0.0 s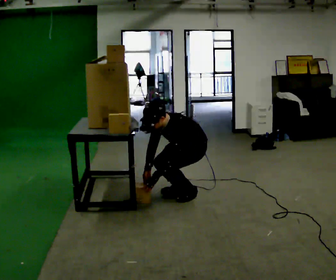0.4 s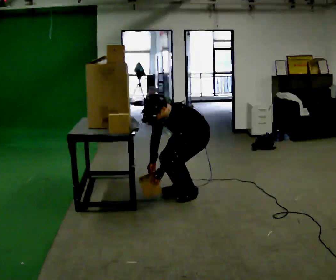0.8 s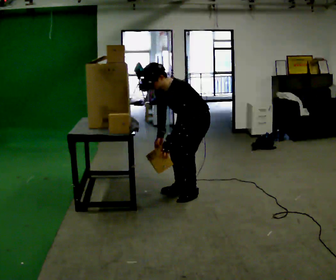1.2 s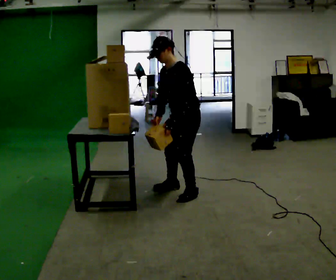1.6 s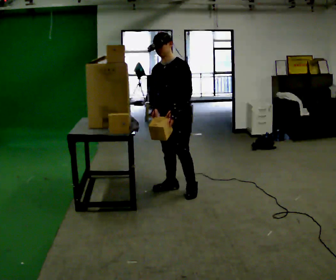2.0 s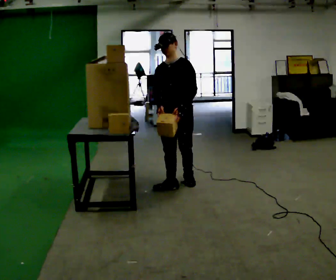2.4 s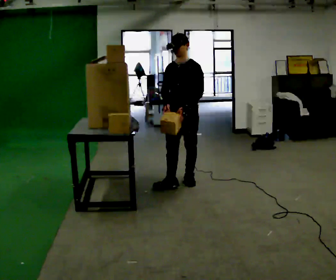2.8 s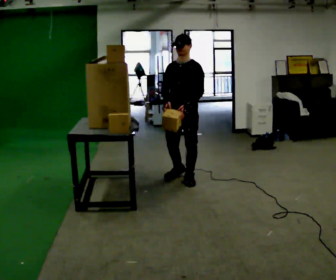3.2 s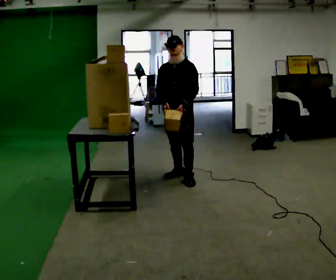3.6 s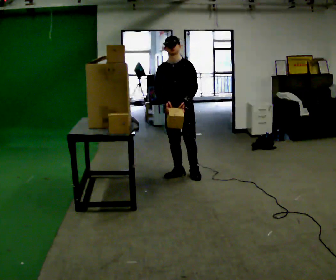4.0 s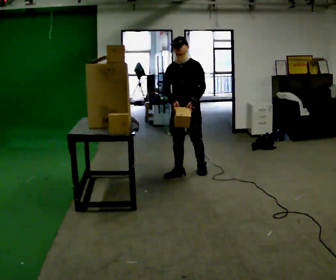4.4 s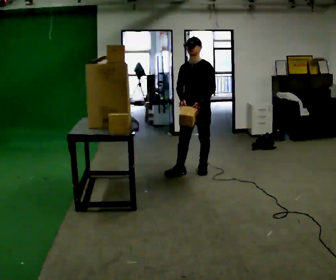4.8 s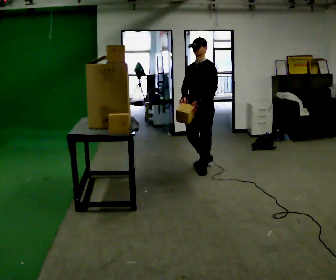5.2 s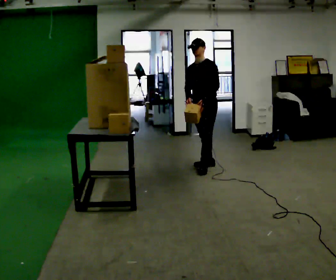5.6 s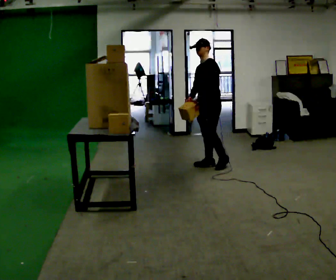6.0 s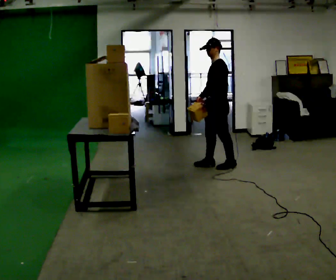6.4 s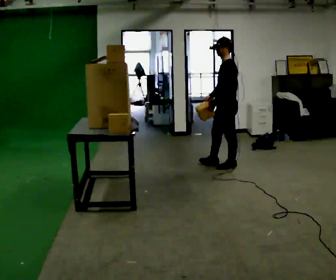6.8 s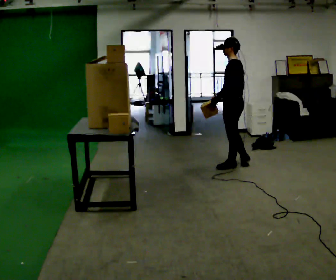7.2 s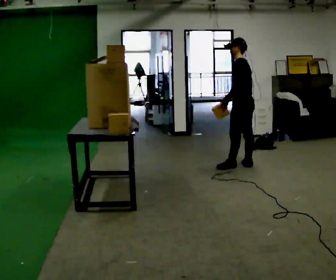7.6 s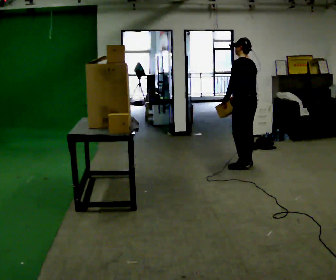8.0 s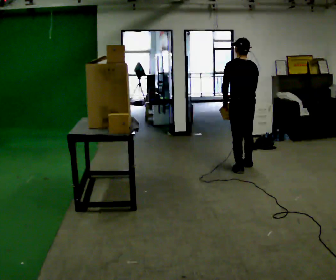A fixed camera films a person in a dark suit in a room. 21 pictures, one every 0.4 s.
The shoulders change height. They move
upward.
The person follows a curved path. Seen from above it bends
clockwise.
0.0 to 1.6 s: The part of the body nearest the lens slides to the right as the person turns to their left by about 30 degrees. In the picture they go to the left, about 0.25 m in 2 steps, which for them is to their right. The shoulders move upward. In the picture the upper body tilts clockwise, shoulders to the right, as they lean back or straighten. In the picture their left hand goes upward.
1.6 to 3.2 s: In the picture they go away from the camera, about 0.5 m in 1 step, which for them is backward.
3.2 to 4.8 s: Seen from above the body turns clockwise, about 30 degrees: to their right, with its near side sliding to the left. In the picture they go to the right and away from the camera, about 0.5 m in 2 steps, which for them is backward and to their left.
4.8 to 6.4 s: Seen from above the body turns clockwise, about 45 degrees: to their right, with its near side sliding to the left. In the picture they go to the right, about 0.25 m in 2 steps, which for them is backward.
6.4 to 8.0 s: The person turns about 75 degrees to their right, clockwise seen from above, so the part of the body nearest the lens slides to the left. In the picture they go to the right, about 0.25 m in 1 step.
The film runs backward here.
